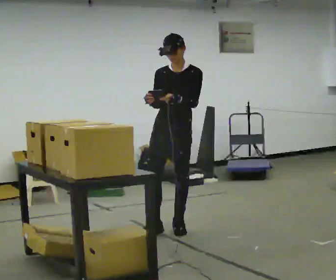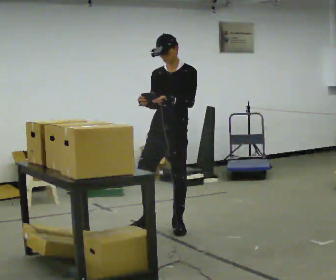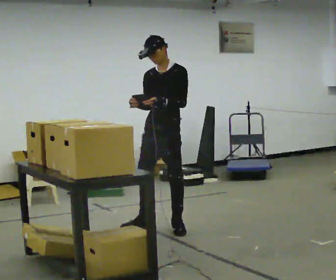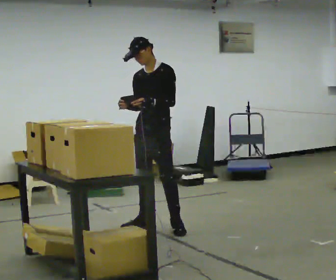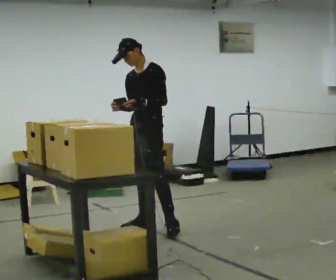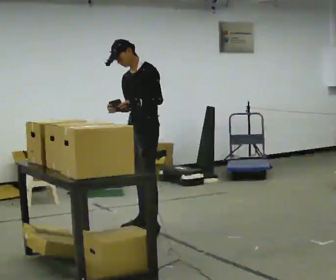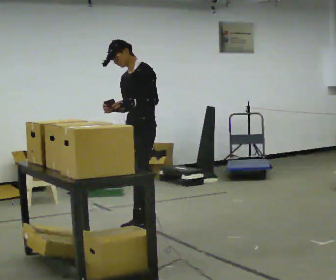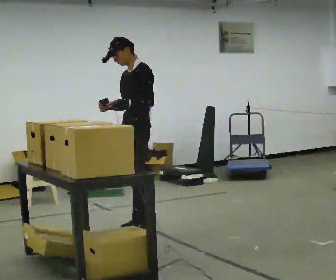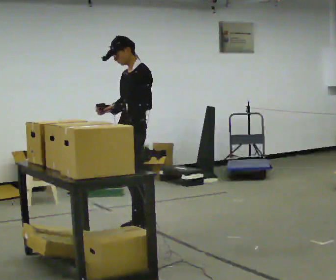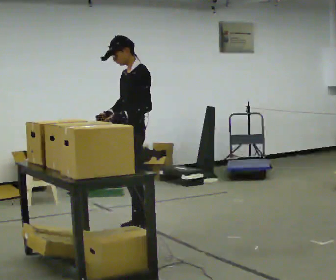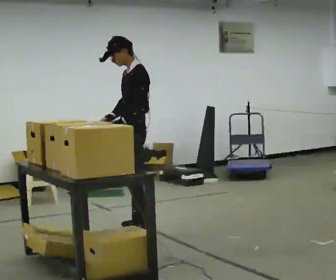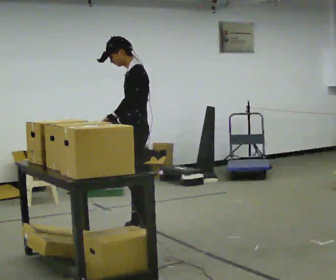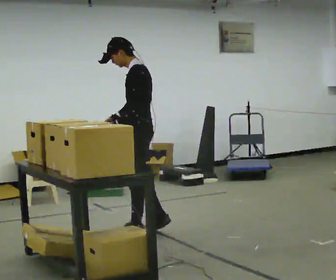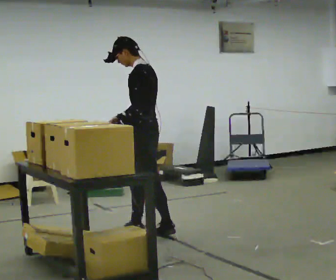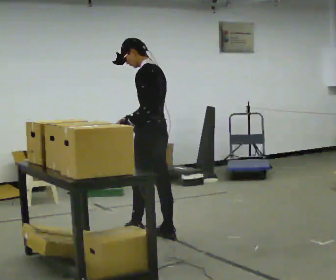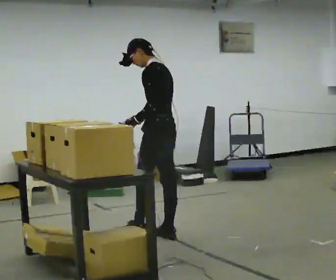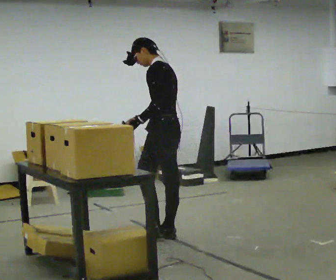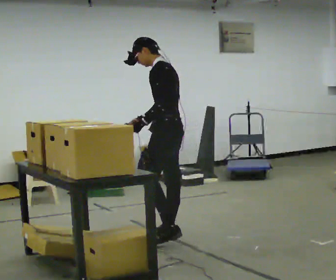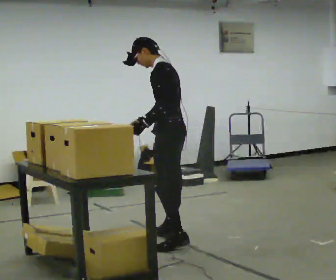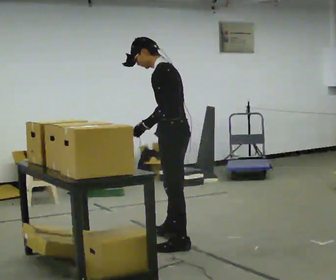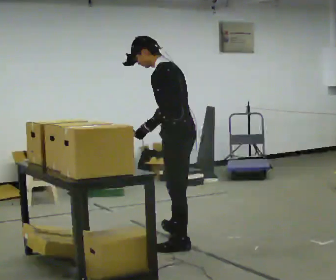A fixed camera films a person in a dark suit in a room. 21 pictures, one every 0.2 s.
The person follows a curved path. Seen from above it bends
counterclockwise.
The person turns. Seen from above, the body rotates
clockwise.
0.0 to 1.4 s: The person turns about 45 degrees to their right, clockwise seen from above, so the part of the body nearest the lens slides to the left. In the picture they go to the left, about 0.25 m in 1 step, which for them is to their right and forward.
1.4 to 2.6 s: Seen from above the body turns clockwise, about 45 degrees: to their right, with its near side sliding to the left. In the picture they go toward the camera, about 0.25 m in 1 step, which for them is to their left.
2.6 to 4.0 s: In the picture they go toward the camera and to the right, about 0.5 m in 2 steps, which for them is backward and to their left.
The film runs backward here.
